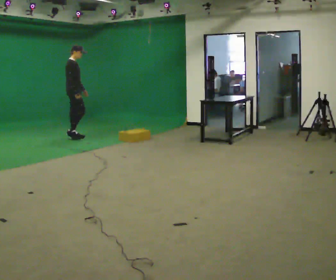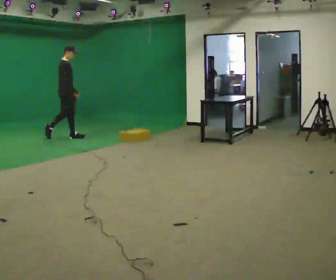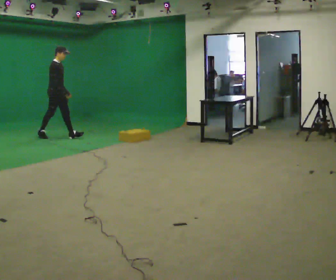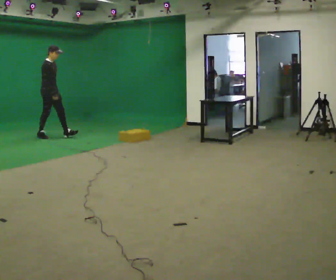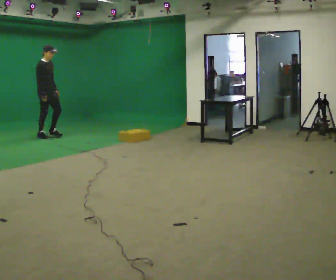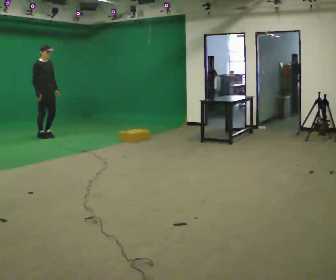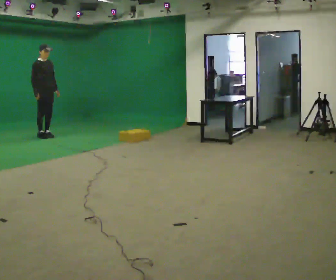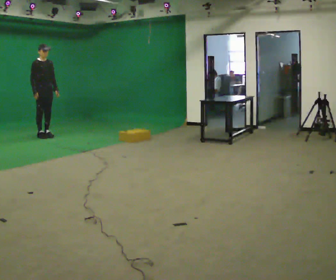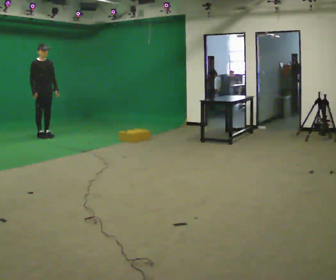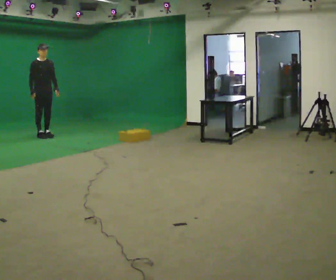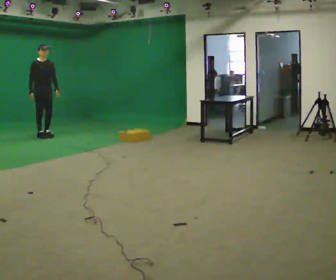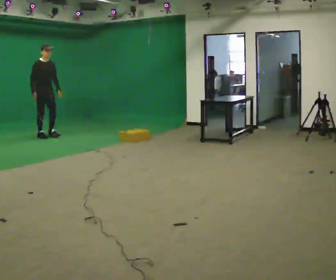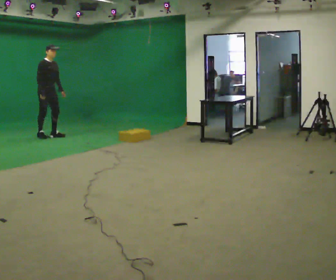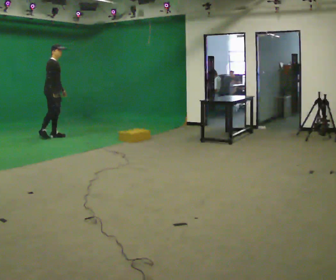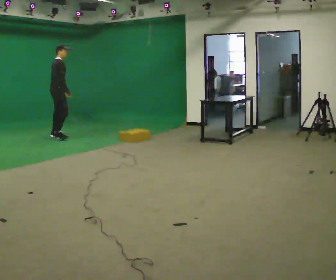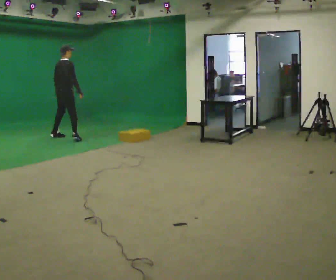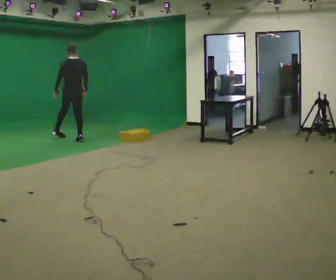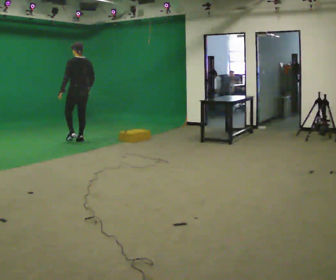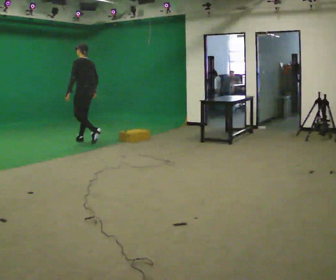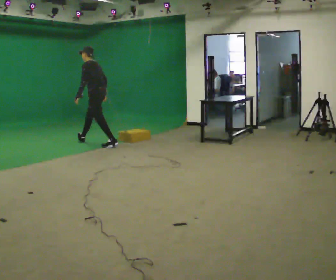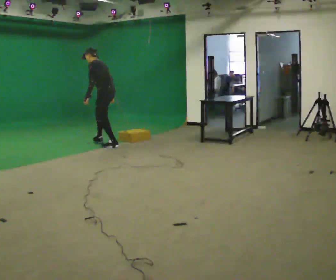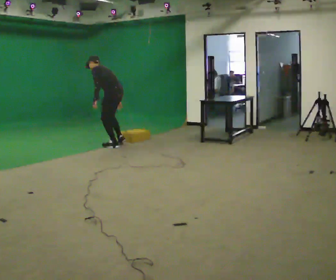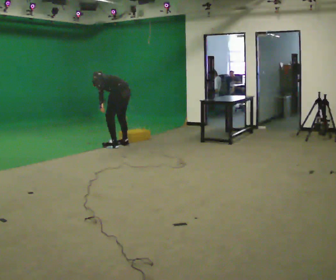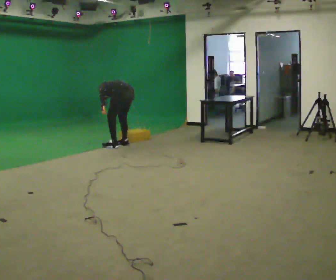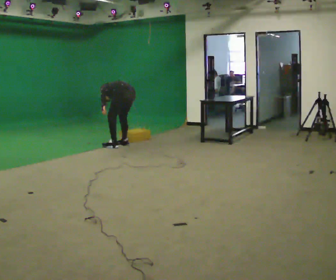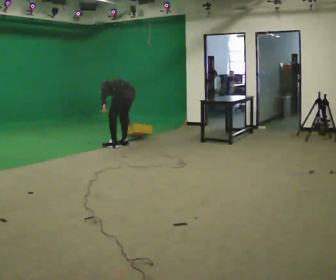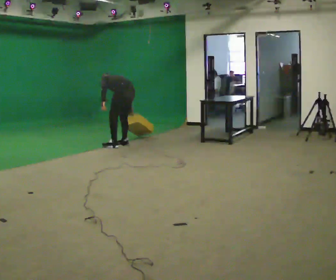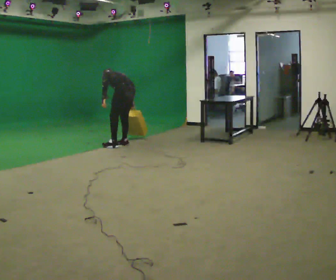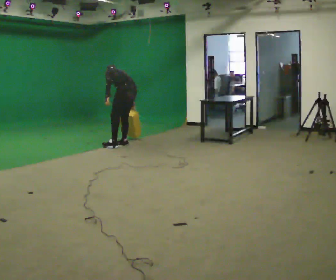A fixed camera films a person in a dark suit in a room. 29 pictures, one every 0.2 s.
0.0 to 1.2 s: The part of the body nearest the lens slides to the left as the person turns to their right by about 45 degrees. In the picture they go to the left, about 0.5 m in 1 step, which for them is backward.
1.2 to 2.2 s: The person moves a little, or ends about where they began.
2.2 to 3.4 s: The part of the body nearest the lens slides to the right as the person turns to their left by about 165 degrees. In the picture they go to the right and toward the camera, about 1 m in 2 steps. The upper body tips away from the camera, its near side rolling upward.
3.4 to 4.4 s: The part of the body nearest the lens slides to the right as the person turns to their left by about 30 degrees. In the picture they go to the right and toward the camera, about 1 m in 1 step, which for them is backward. The shoulders move downward. In the picture the upper body tilts counterclockwise, shoulders to the left, as they bend forward.
4.4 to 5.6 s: The person moves a little, or ends about where they began.
The film runs backward here.
